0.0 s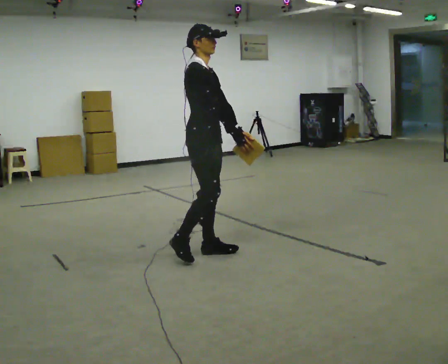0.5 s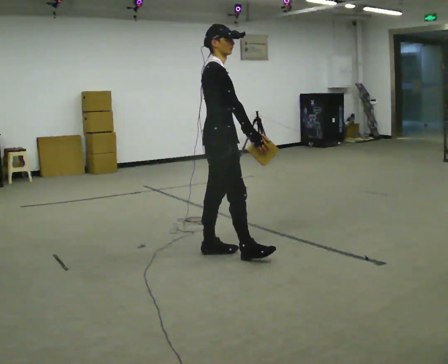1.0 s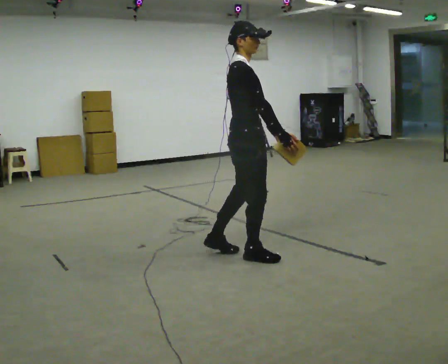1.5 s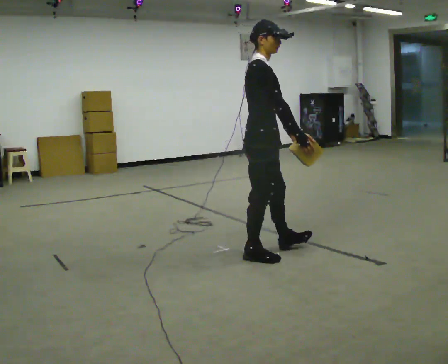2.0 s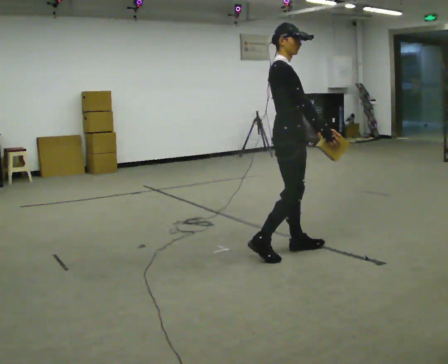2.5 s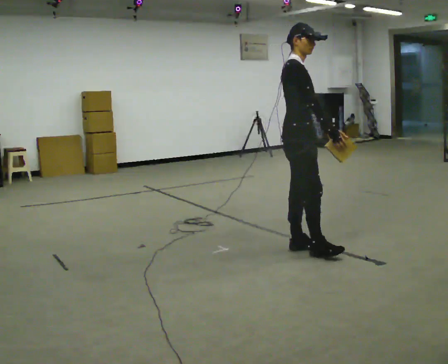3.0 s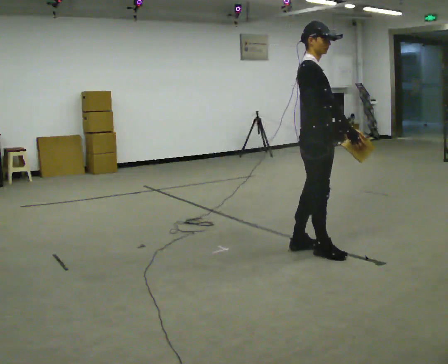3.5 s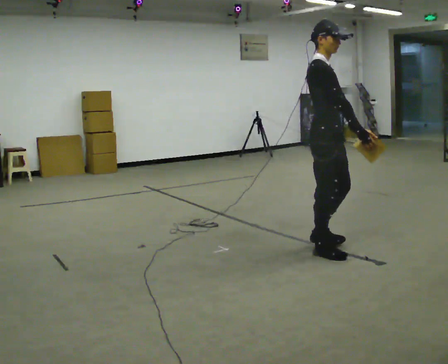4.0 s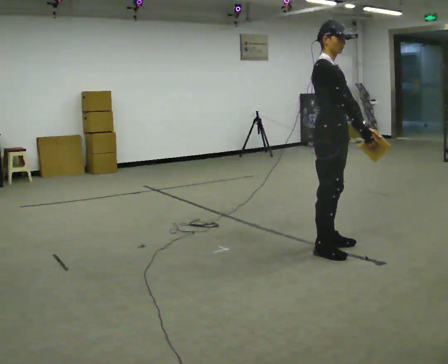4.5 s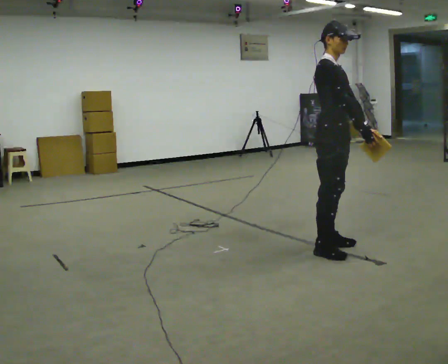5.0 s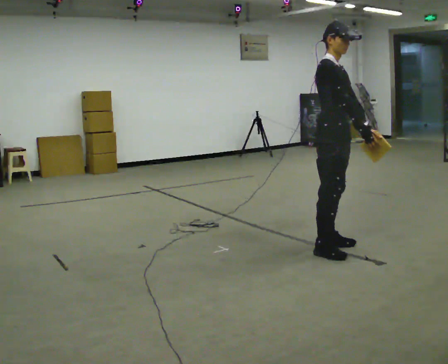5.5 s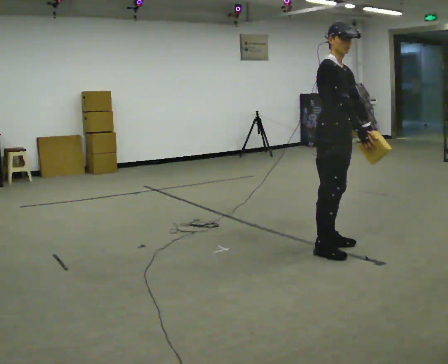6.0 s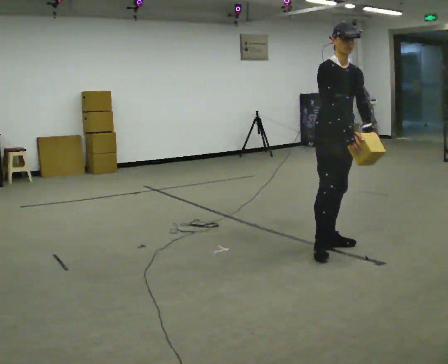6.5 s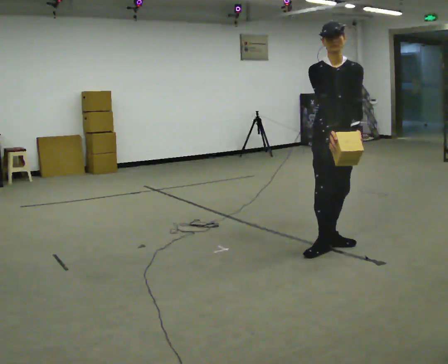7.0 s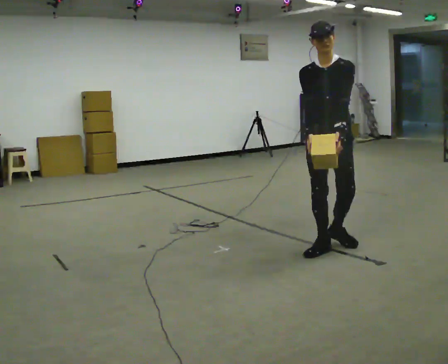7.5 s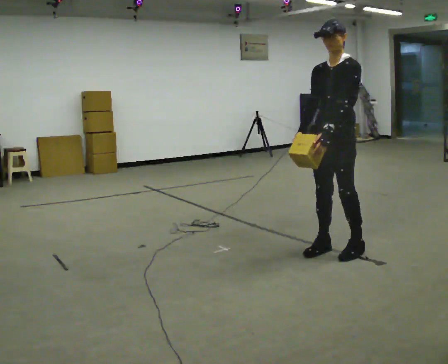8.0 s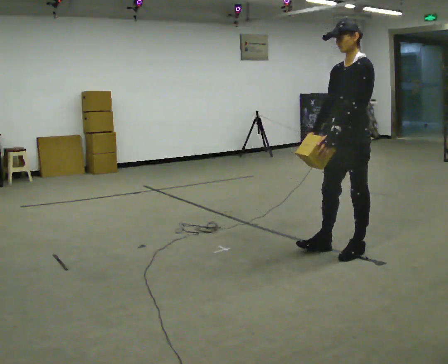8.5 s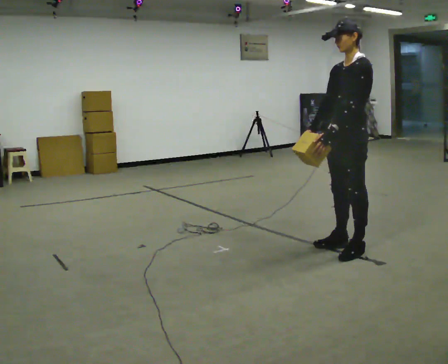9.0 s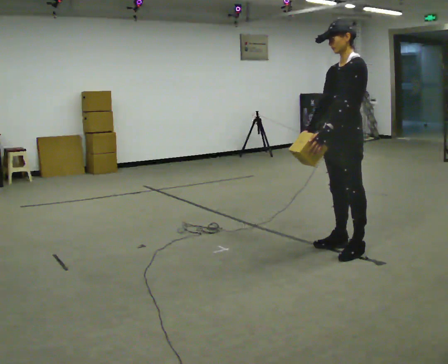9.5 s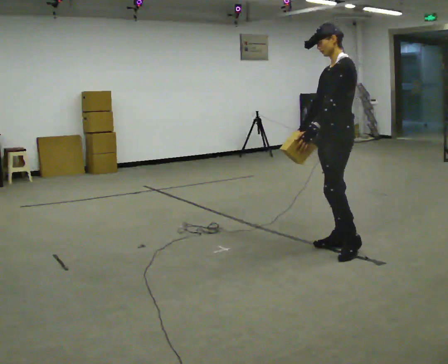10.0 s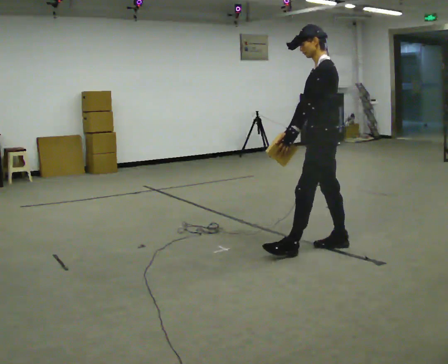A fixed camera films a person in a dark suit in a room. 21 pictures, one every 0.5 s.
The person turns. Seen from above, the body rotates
clockwise.
The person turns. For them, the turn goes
to their right.
0.0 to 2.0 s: In the picture they go to the right, about 0.5 m in 2 steps, which for them is forward.
2.0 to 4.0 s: In the picture they go to the right, about 0.25 m in 2 steps, which for them is forward.
4.0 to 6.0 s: The part of the body nearest the lens slides to the left as the person turns to their right by about 30 degrees.
6.0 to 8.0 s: Seen from above the body turns clockwise, about 105 degrees: to their right, with its near side sliding to the left. In the picture they go to the right, about 0.25 m in 1 step.
8.0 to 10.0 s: In the picture they go to the left, about 0.25 m in 1 step, which for them is to their right and forward.
The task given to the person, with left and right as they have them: Carry the light box in both hands in front of you, walking back and forth across the room. Keep walking until the operator says stop.
The film runs forward here.
